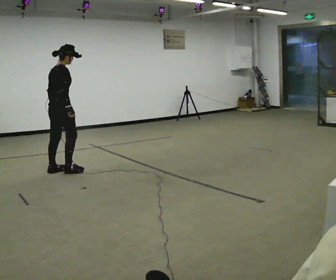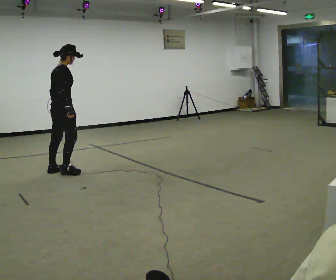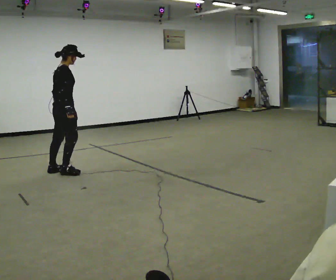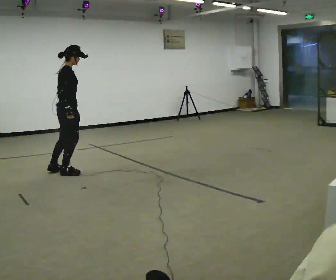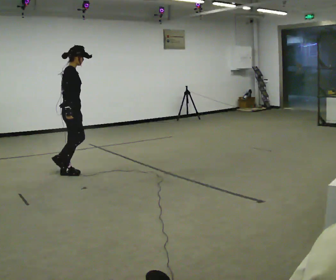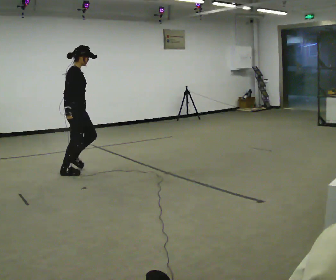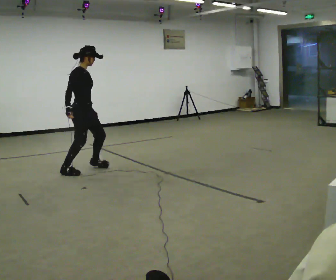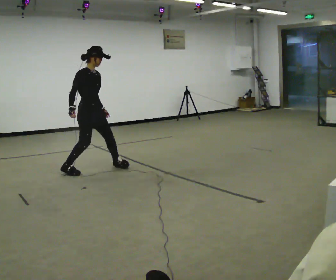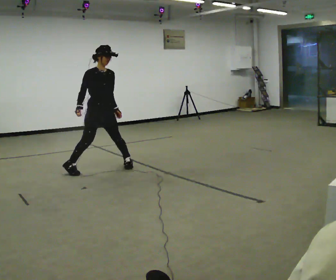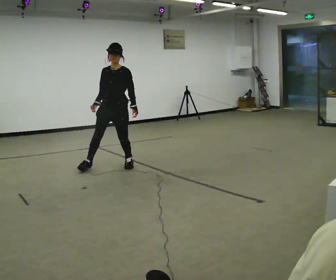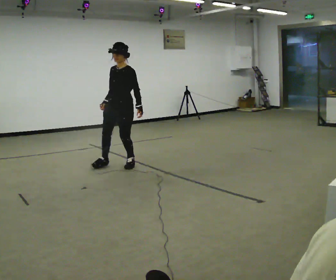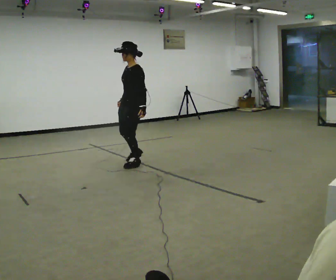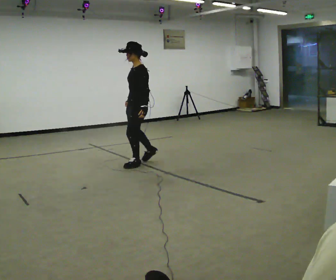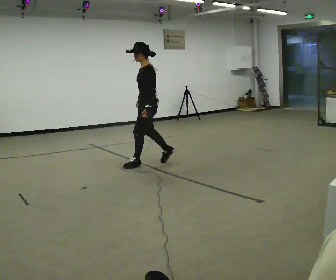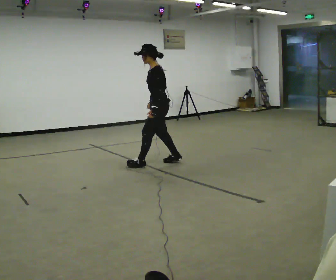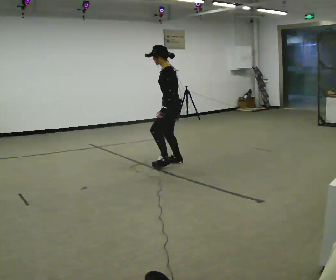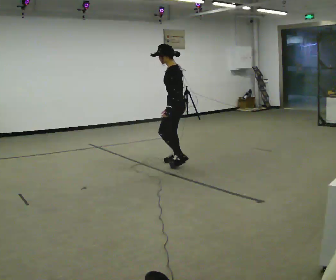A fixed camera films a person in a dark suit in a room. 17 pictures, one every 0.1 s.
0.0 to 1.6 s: The part of the body nearest the lens slides to the left as the person turns to their right by about 225 degrees. In the picture they go to the right, about 1.5 m in 3 steps.
The film runs forward here.
